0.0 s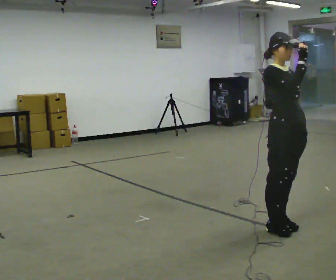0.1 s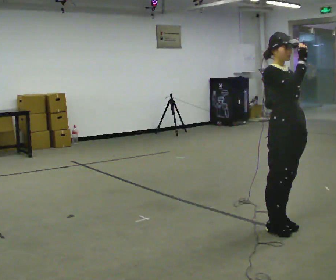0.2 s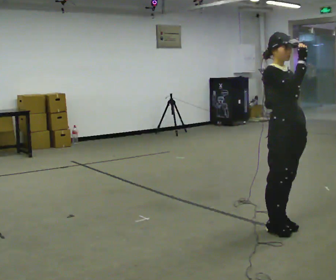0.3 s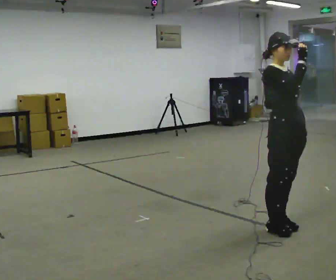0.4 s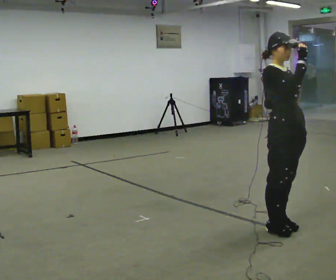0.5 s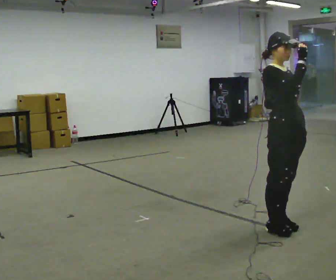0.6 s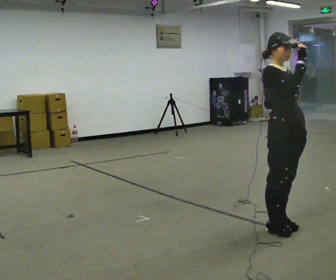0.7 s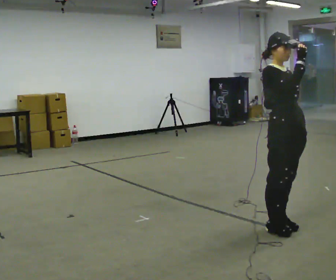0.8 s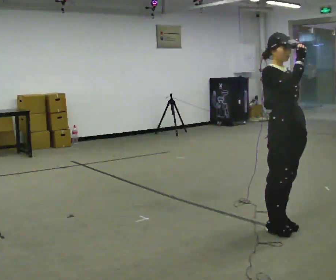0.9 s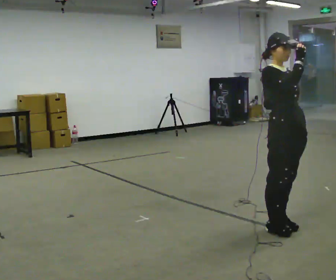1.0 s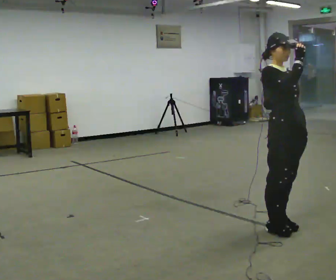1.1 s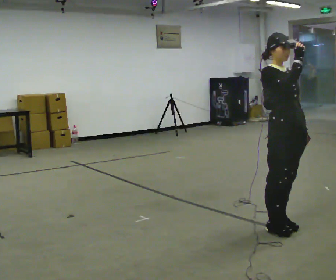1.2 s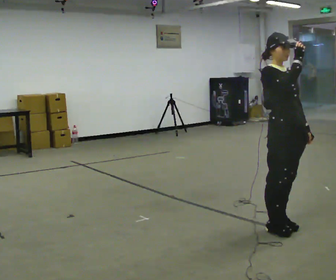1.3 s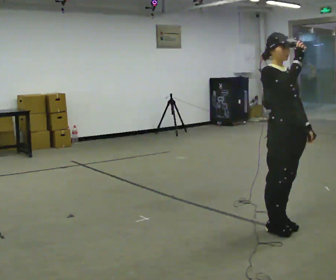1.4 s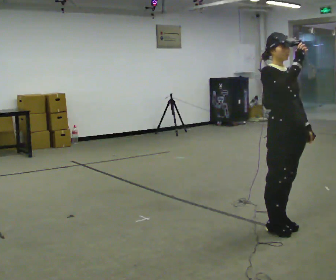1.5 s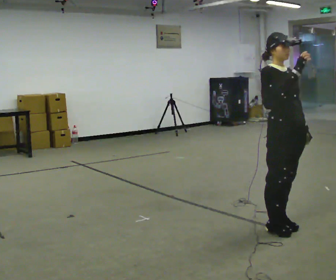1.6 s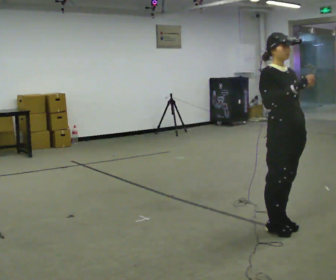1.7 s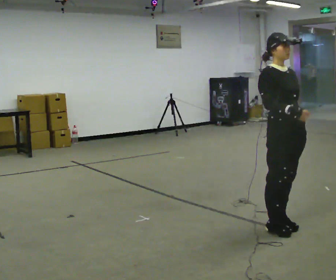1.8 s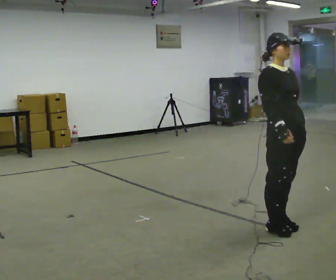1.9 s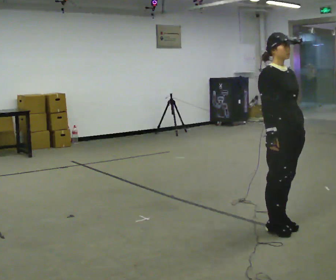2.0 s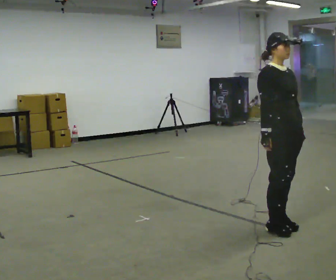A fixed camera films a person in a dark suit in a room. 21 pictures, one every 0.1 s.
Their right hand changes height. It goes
downward.
0.0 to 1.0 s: The person moves a little, or ends about where they began.
1.0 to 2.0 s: In the picture their right hand goes downward.
The film runs backward here.
